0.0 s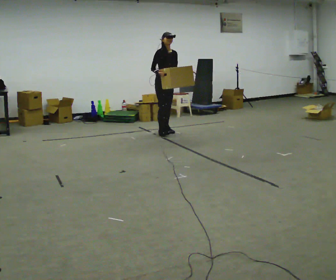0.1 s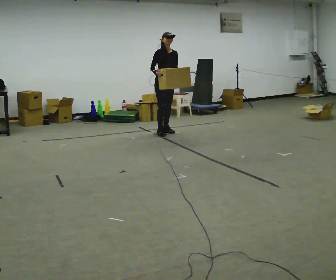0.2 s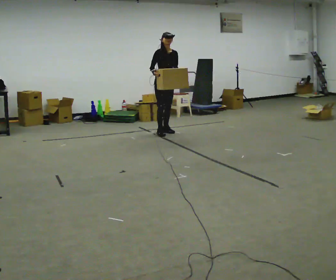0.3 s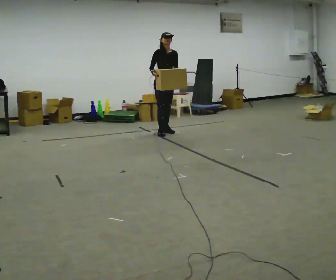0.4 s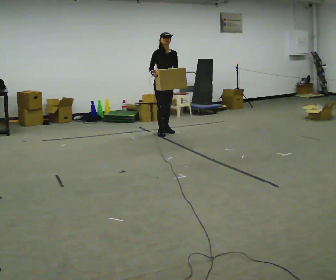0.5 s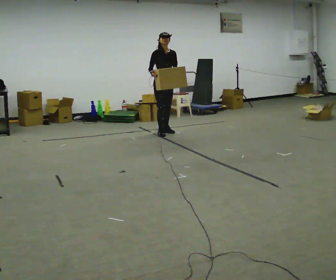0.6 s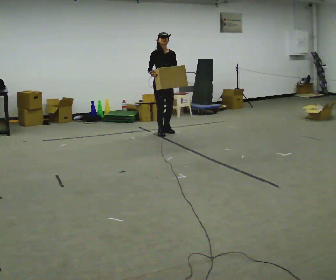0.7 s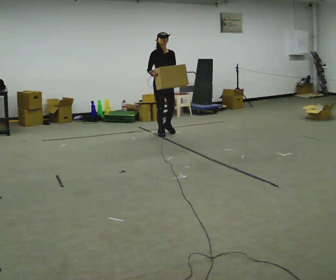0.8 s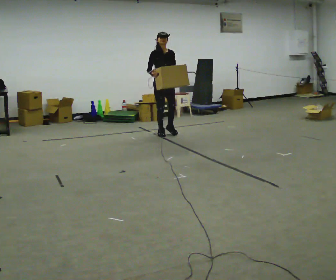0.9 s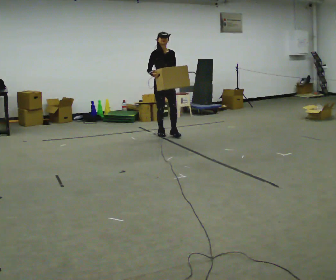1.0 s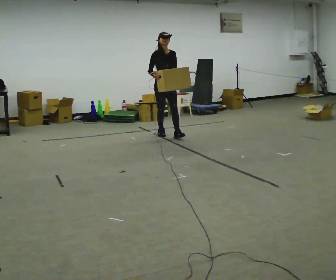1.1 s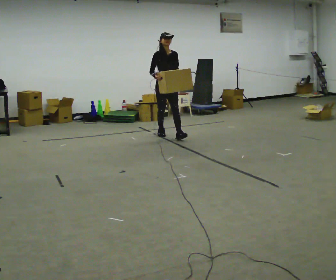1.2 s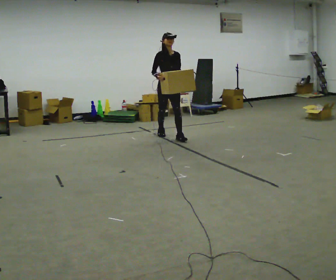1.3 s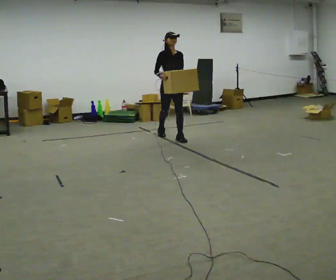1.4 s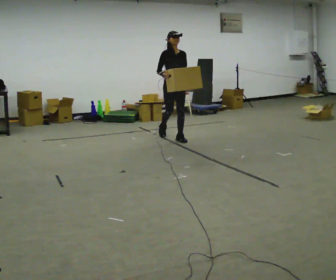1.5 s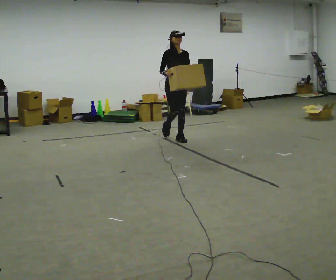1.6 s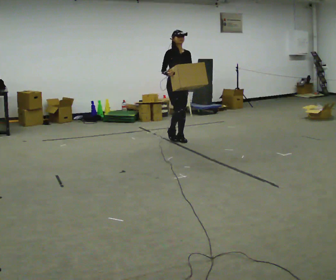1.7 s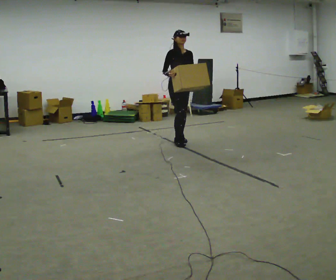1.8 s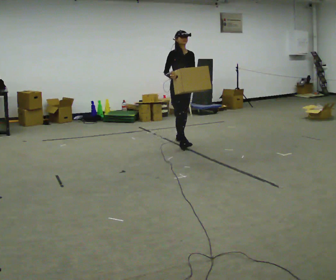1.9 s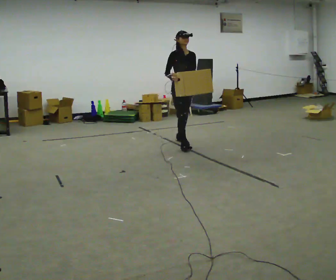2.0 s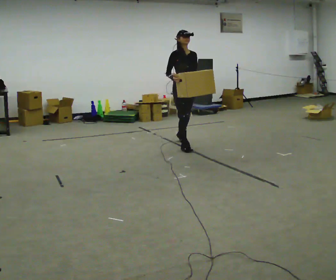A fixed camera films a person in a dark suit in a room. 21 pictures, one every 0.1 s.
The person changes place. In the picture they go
toward the camera.
0.0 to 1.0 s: In the picture they go toward the camera, about 0.25 m, which for them is forward.
1.0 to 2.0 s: In the picture they go toward the camera and to the right, about 0.5 m in 2 steps, which for them is forward.
The film runs forward here.
